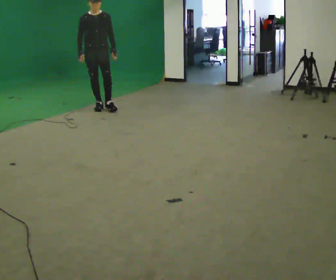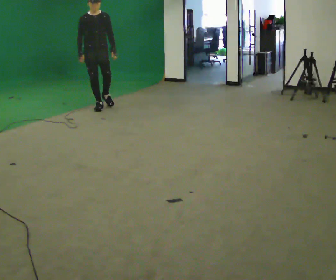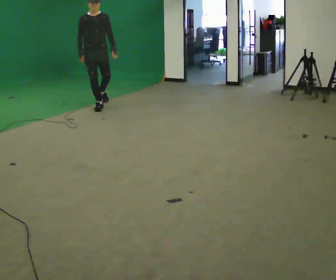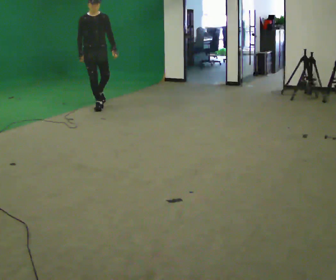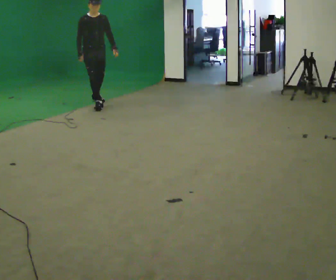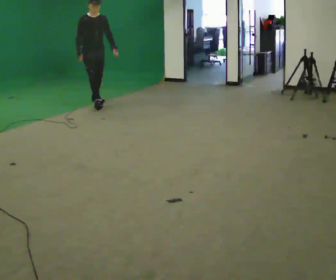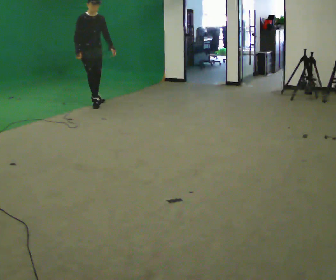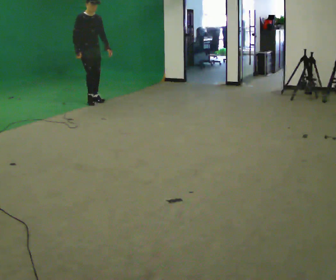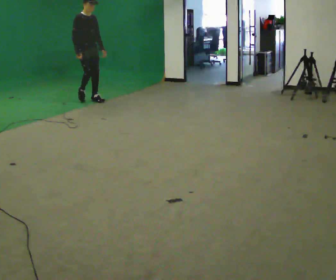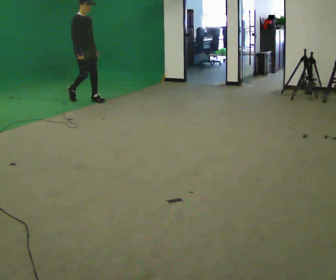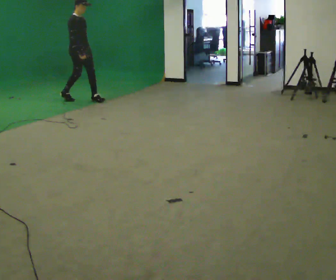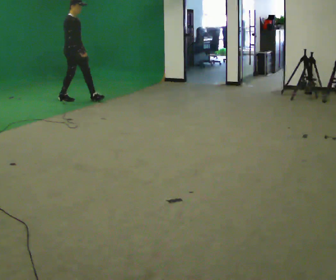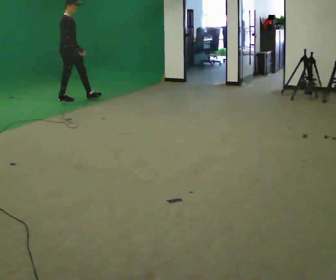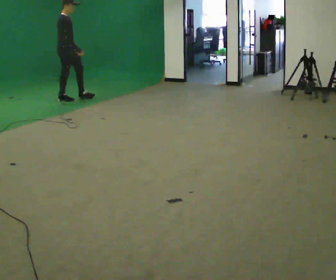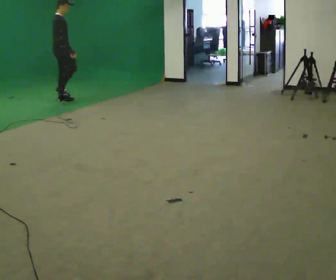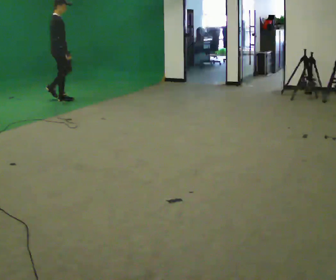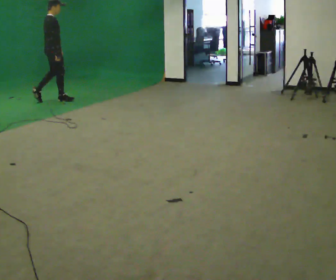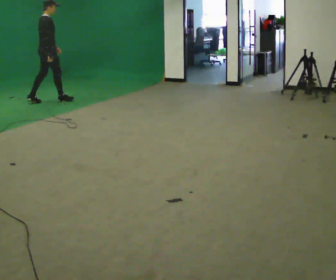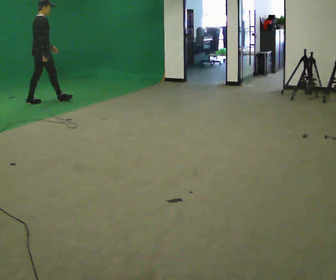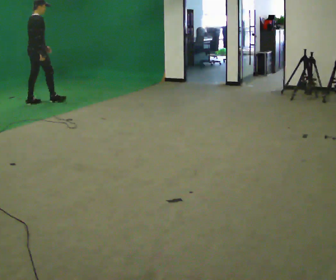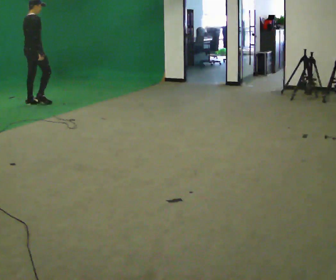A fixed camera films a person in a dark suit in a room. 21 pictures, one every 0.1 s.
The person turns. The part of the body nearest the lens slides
to the right.
The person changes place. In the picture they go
to the left.
0.0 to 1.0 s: The part of the body nearest the lens slides to the right as the person turns to their left by about 60 degrees. In the picture they go away from the camera, about 0.75 m in 1 step, which for them is backward.
1.0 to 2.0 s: The part of the body nearest the lens slides to the right as the person turns to their left by about 75 degrees. In the picture they go to the left, about 1 m in 2 steps.
The film runs backward here.
